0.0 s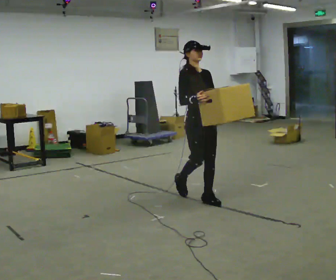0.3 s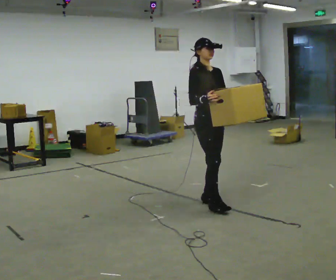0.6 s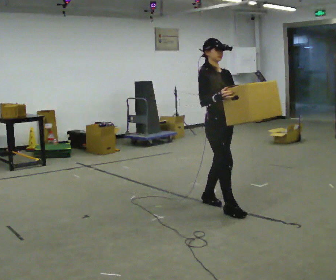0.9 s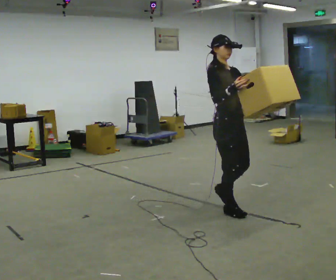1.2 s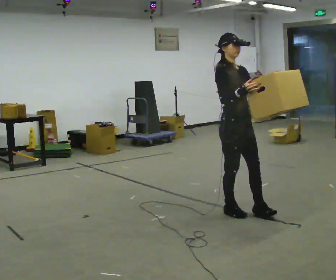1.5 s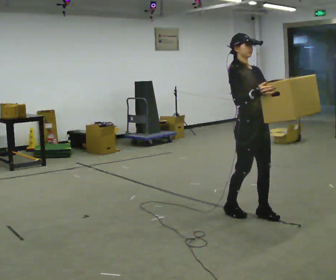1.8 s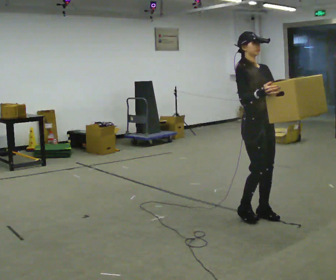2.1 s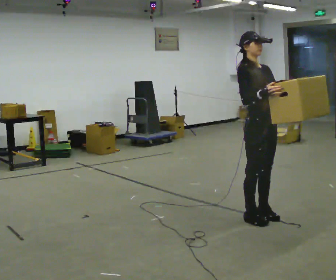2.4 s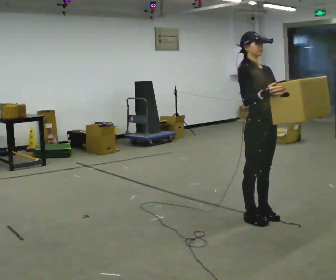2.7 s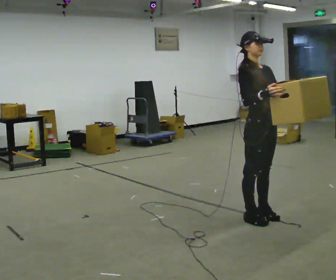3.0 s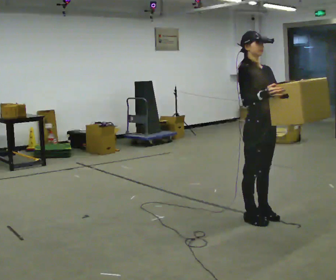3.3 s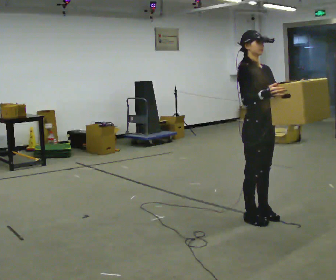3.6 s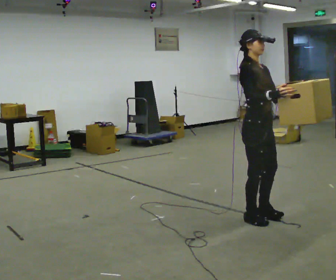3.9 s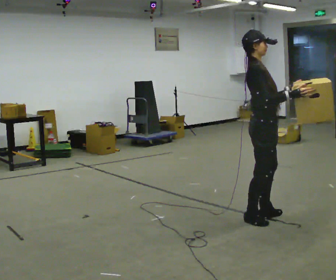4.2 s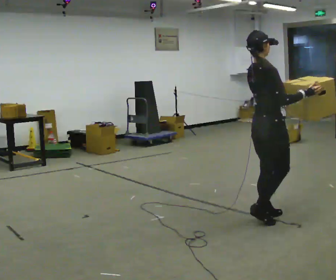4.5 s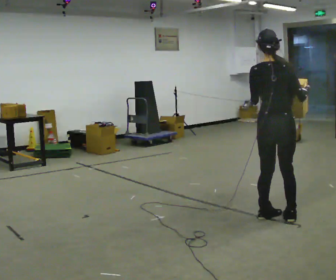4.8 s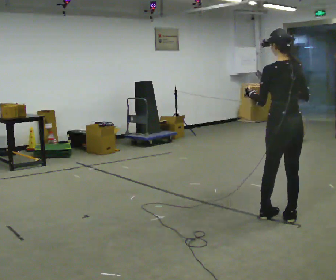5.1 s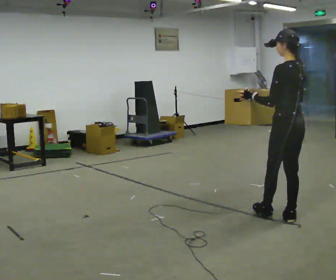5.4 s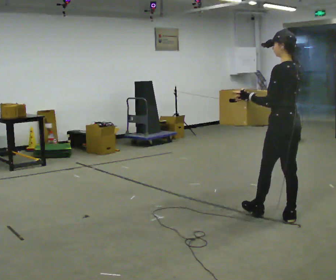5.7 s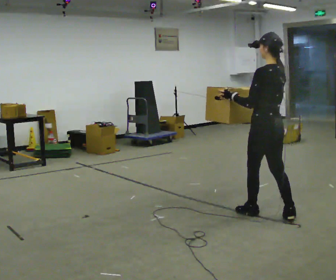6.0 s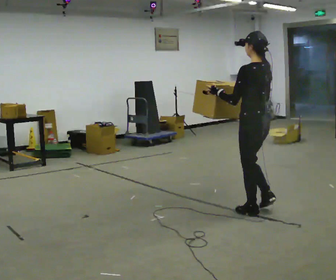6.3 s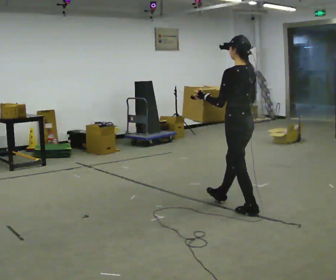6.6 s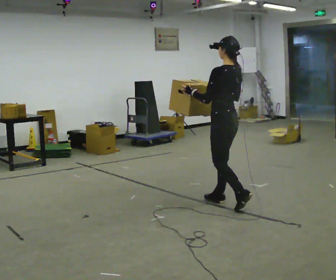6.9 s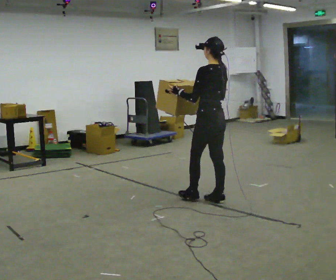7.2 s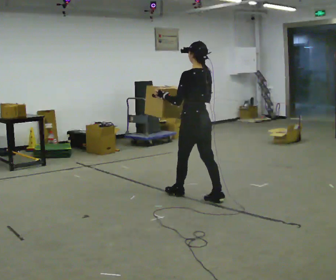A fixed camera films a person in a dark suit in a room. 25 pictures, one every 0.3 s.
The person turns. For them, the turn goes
to their left.
The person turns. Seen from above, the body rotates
counterclockwise.
0.0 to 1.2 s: In the picture they go toward the camera and to the right, about 0.5 m in 1 step, which for them is forward.
1.2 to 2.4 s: In the picture they go to the right and toward the camera, about 0.25 m in 2 steps, which for them is forward.
2.4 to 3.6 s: The person moves a little, or ends about where they began.
3.6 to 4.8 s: The part of the body nearest the lens slides to the right as the person turns to their left by about 135 degrees. In the picture they go to the right, about 0.25 m in 1 step.
4.8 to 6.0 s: The part of the body nearest the lens slides to the right as the person turns to their left by about 30 degrees. In the picture they go to the left and away from the camera, about 0.25 m, which for them is forward.
6.0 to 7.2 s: In the picture they go to the left and away from the camera, about 1 m in 2 steps, which for them is forward.
The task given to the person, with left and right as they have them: Carry the heavy box in both hands in front of you, walking back and forth across the room. Keep walking until the operator says stop. Set it down if you need a rest.
The film runs forward here.
